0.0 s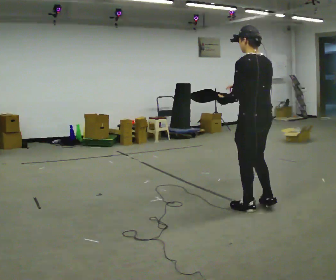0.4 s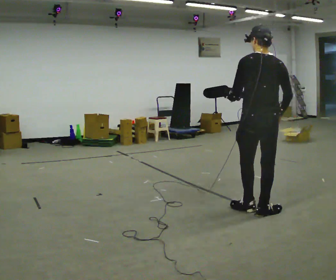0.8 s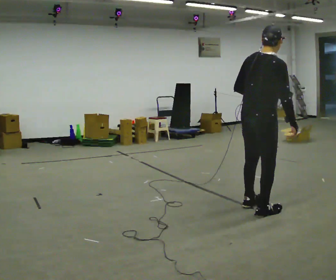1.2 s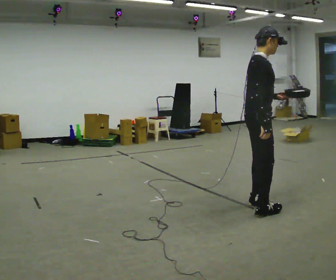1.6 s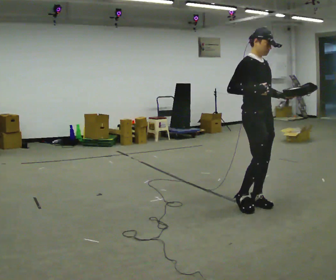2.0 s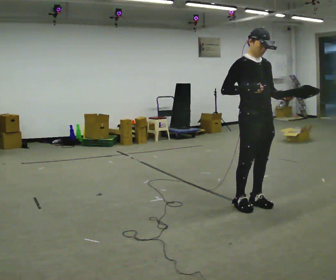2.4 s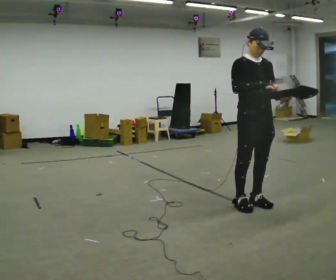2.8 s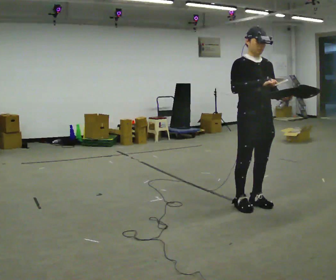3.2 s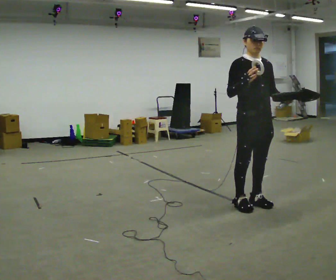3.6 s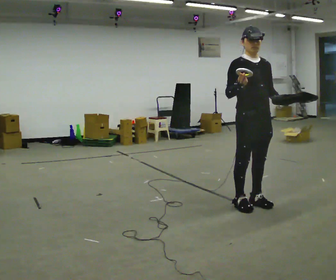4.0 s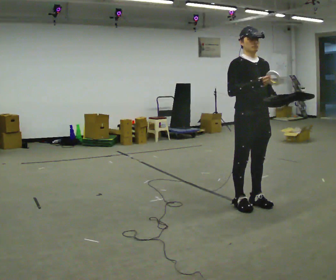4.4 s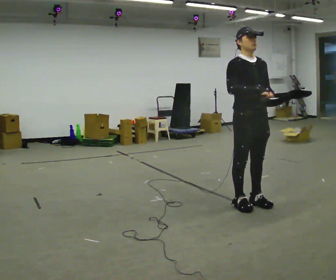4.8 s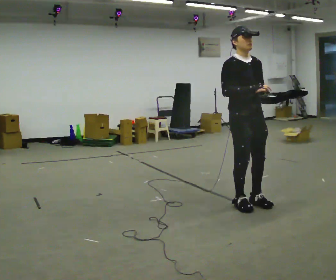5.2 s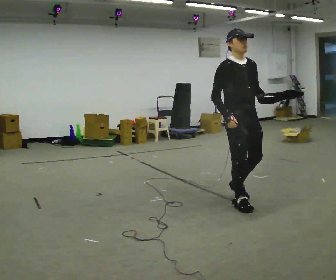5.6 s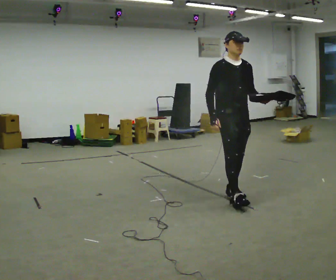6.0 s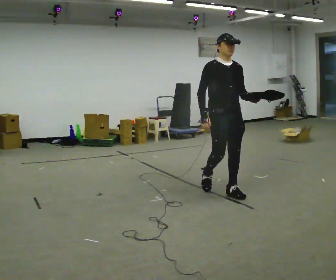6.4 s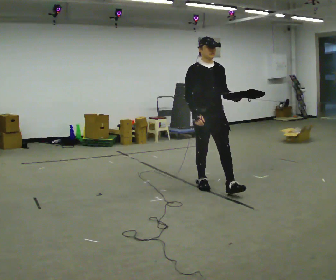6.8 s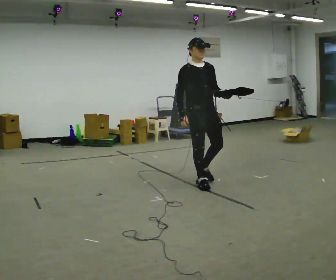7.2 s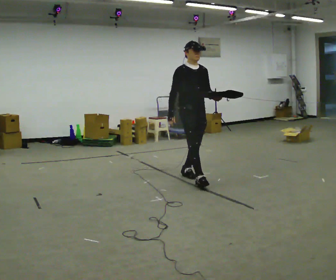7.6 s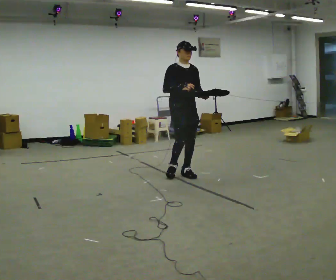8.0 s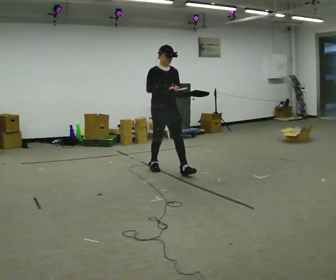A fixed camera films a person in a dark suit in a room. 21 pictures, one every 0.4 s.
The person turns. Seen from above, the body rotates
clockwise.
The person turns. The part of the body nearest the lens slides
to the left.
0.0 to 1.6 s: The person turns about 165 degrees to their right, clockwise seen from above, so the part of the body nearest the lens slides to the left. In the picture their left hand goes to the right, the arm swinging counterclockwise.
1.6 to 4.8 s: The person moves a little, or ends about where they began.
4.8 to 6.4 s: In the picture they go away from the camera and to the left, about 0.5 m in 2 steps, which for them is backward.
6.4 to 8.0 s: In the picture they go away from the camera and to the left, about 1 m in 2 steps, which for them is backward.
The film runs backward here.
